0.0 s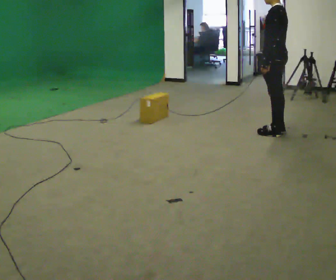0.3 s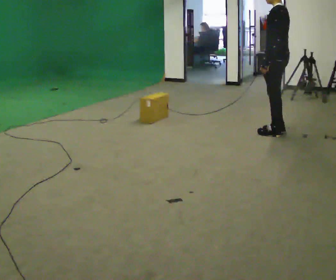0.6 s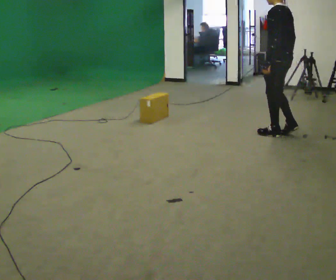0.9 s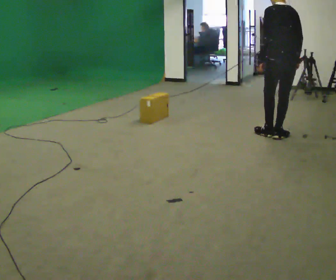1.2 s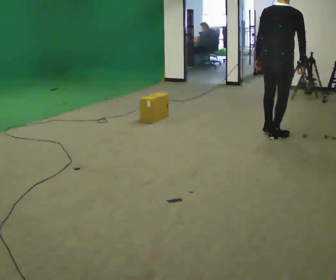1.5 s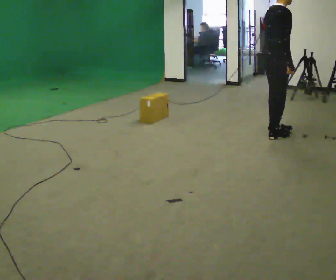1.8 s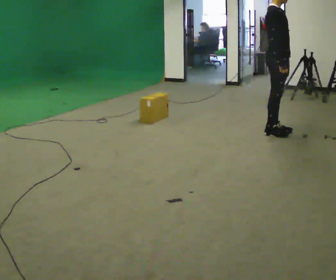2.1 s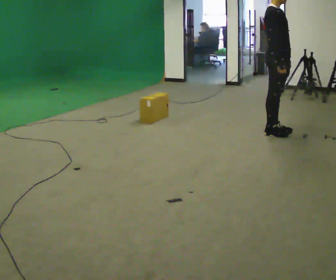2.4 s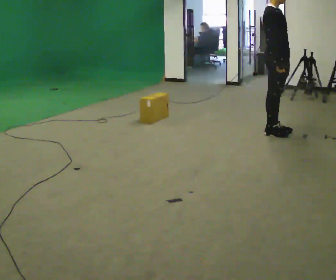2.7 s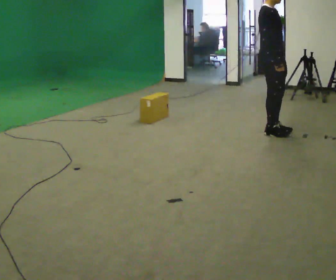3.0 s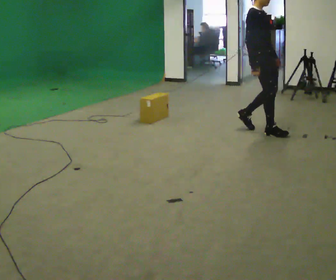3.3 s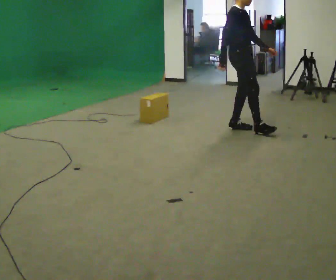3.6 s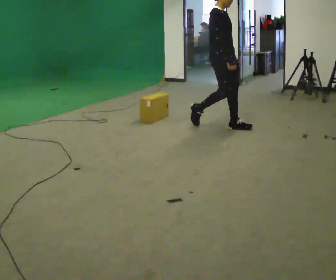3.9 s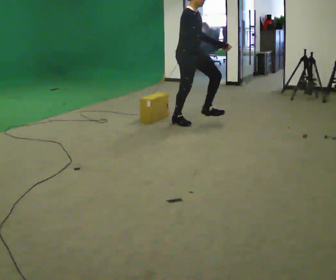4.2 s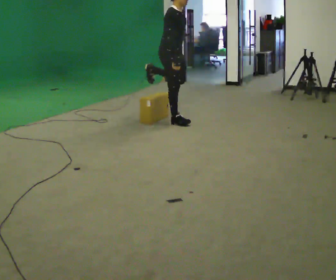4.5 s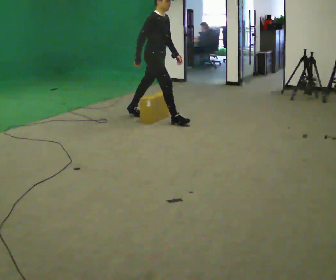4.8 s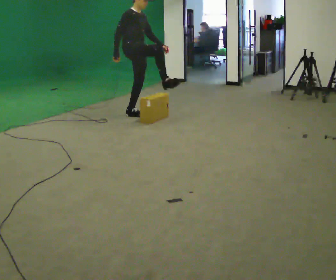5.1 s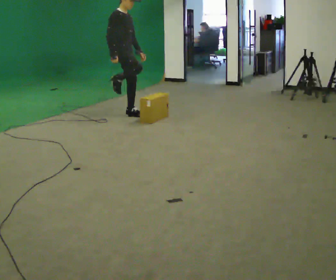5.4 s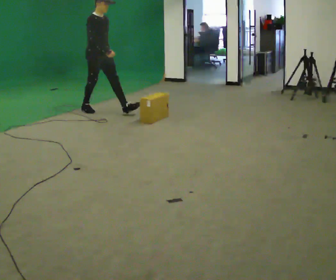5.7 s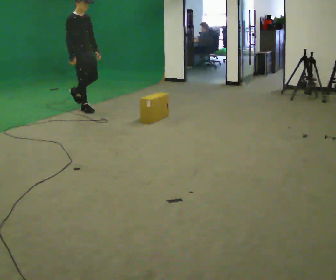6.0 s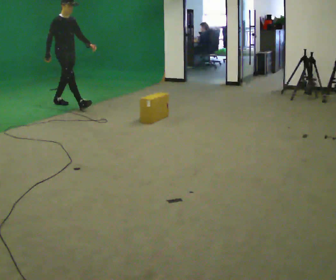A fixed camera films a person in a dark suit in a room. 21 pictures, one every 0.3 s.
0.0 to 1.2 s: Seen from above the body turns clockwise, about 105 degrees: to their right, with its near side sliding to the left. In the picture they go toward the camera, about 0.25 m in 2 steps.
1.2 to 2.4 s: The part of the body nearest the lens slides to the left as the person turns to their right by about 90 degrees.
2.4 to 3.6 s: In the picture they go to the left, about 0.75 m in 2 steps, which for them is backward.
3.6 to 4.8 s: In the picture they go to the left, about 1 m in 2 steps, which for them is backward.
4.8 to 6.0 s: In the picture they go to the left, about 1.5 m in 2 steps, which for them is backward.
The film runs backward here.
